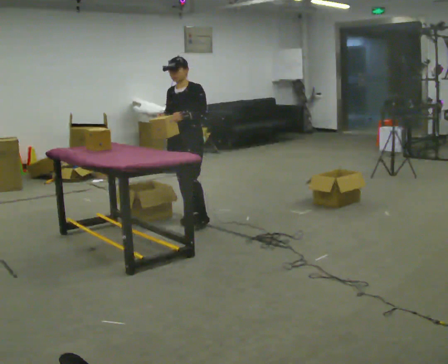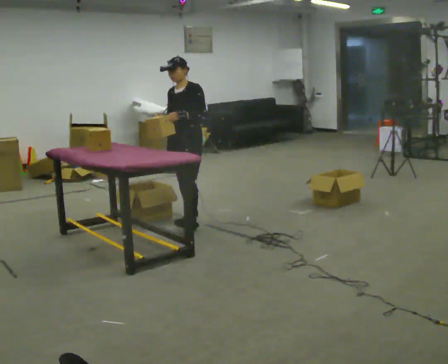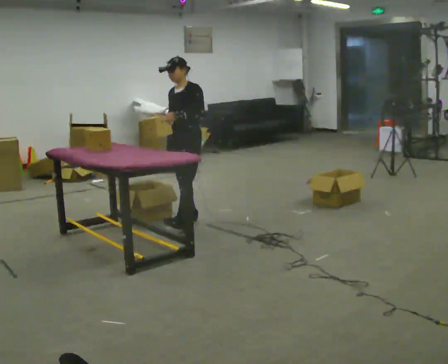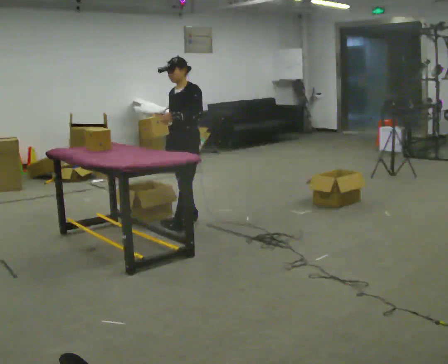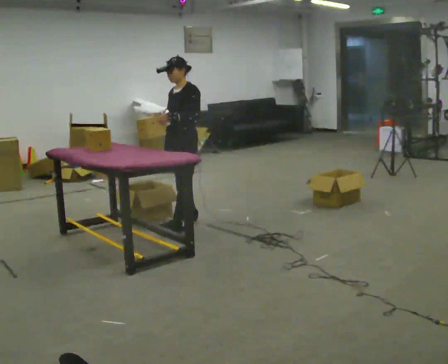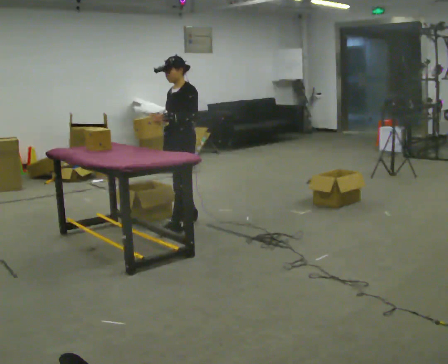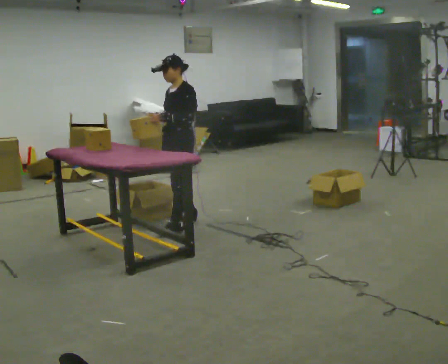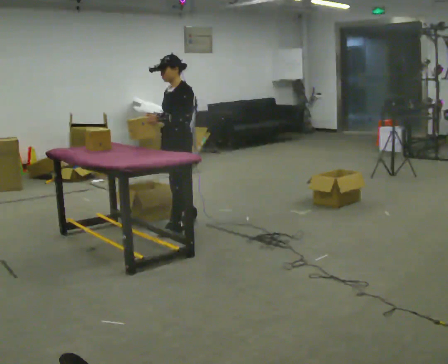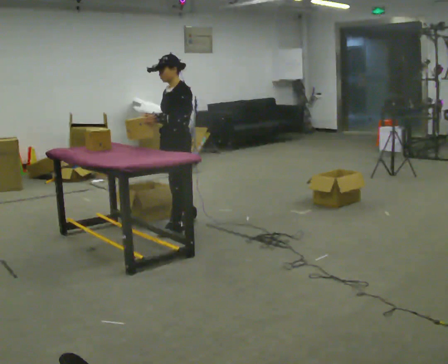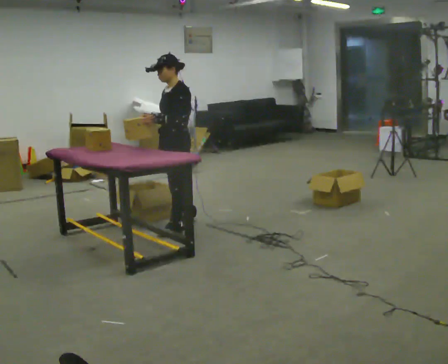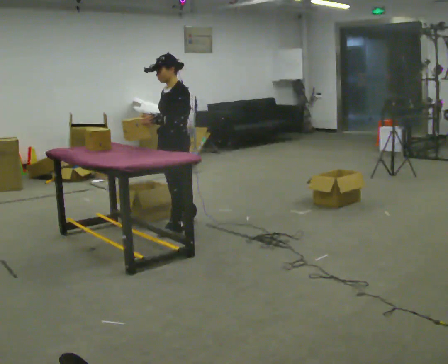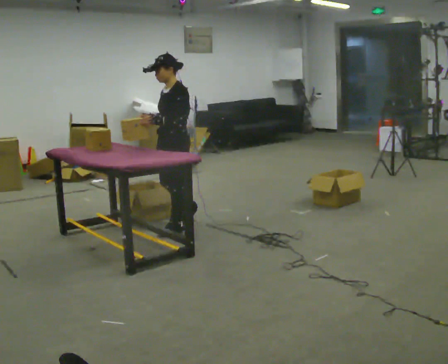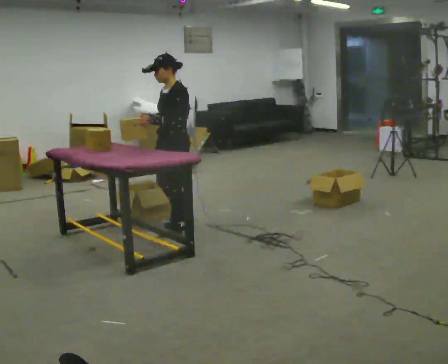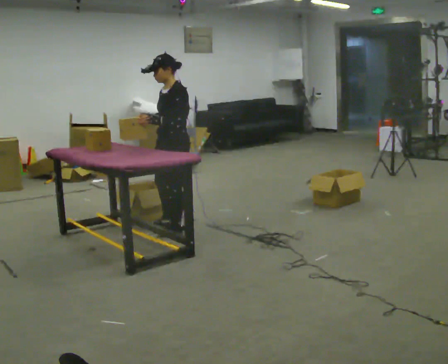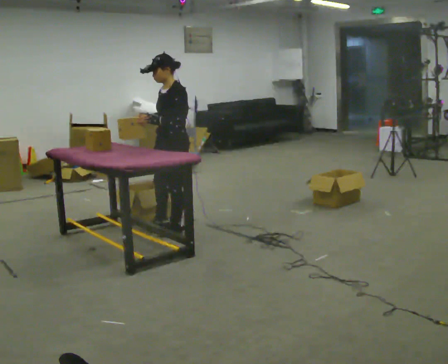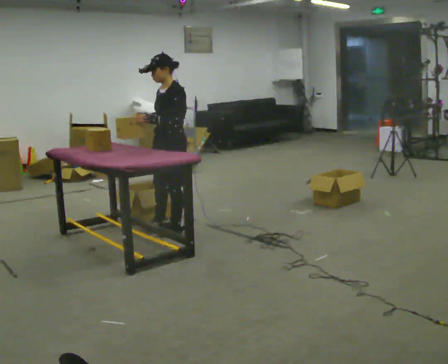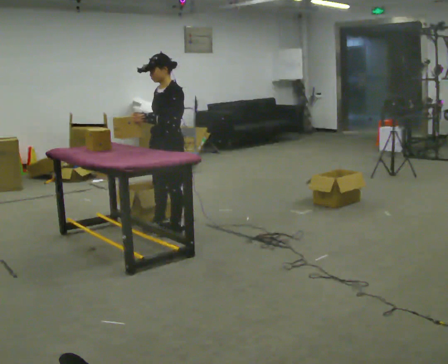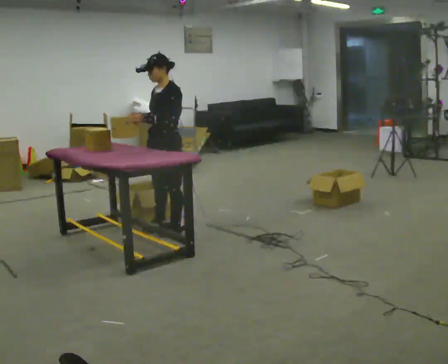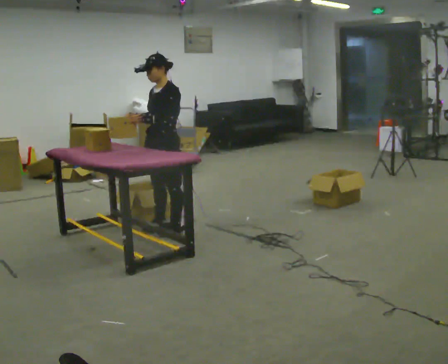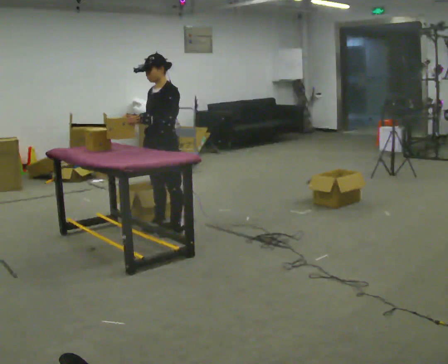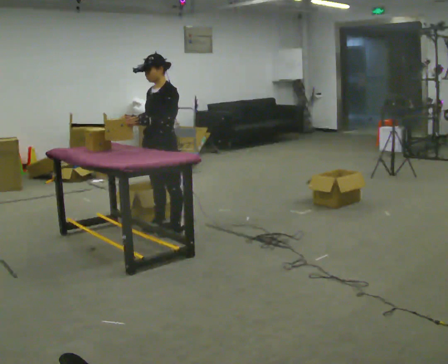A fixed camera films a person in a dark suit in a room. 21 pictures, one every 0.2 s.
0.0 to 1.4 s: Seen from above the body turns clockwise, about 30 degrees: to their right, with its near side sliding to the left. In the picture they go toward the camera, about 0.25 m in 1 step, which for them is forward and to their left.
1.4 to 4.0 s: In the picture they go to the left, about 0.25 m in 1 step, which for them is forward.
The film runs forward here.
